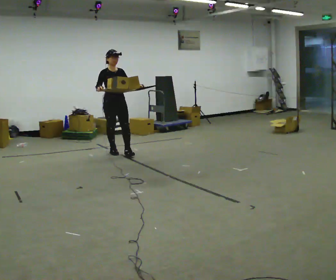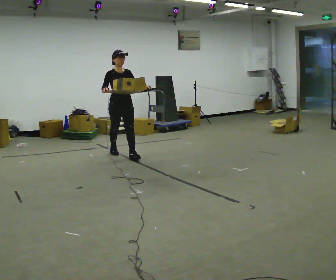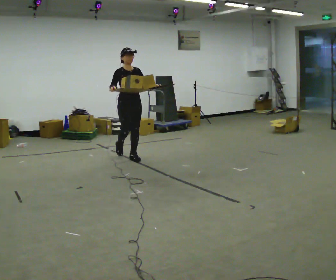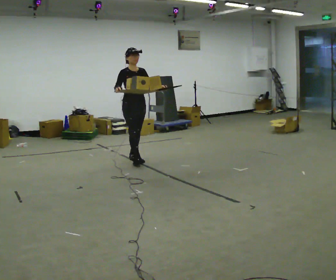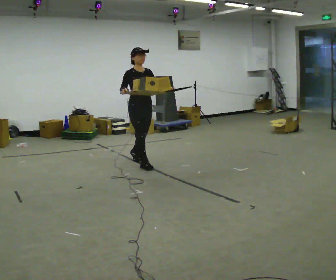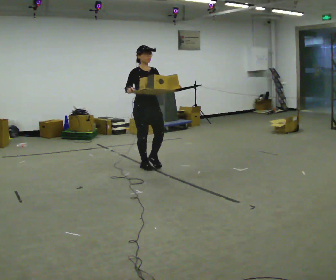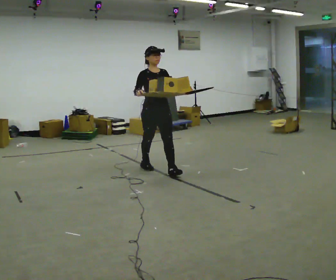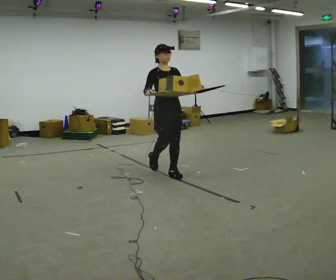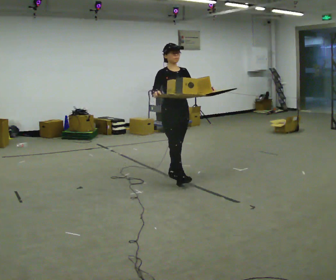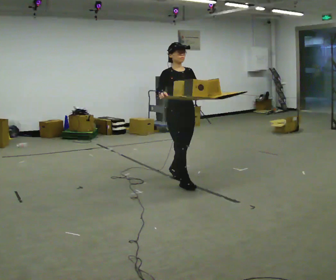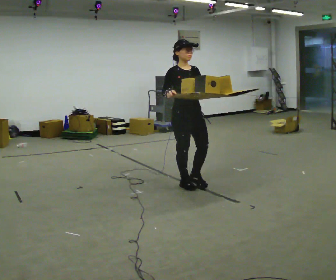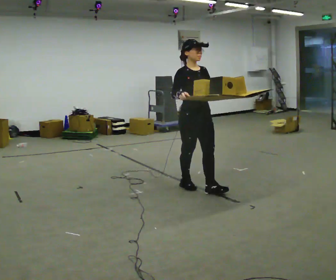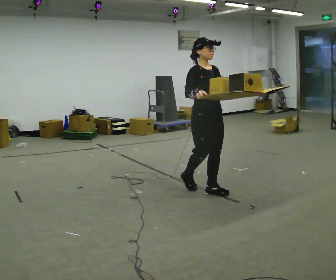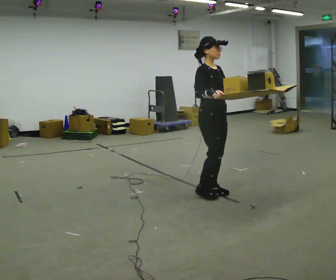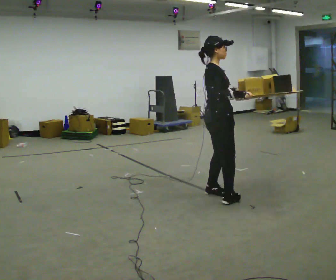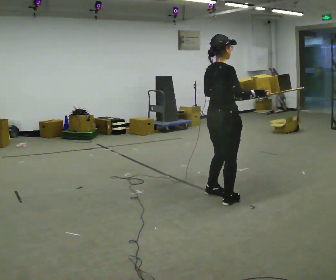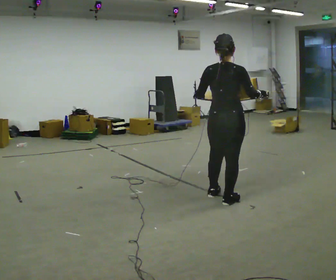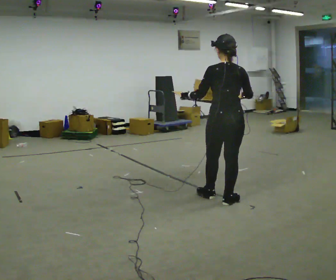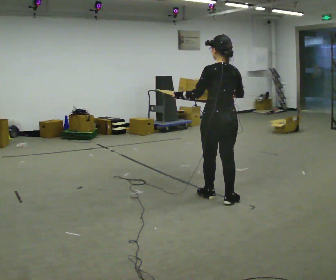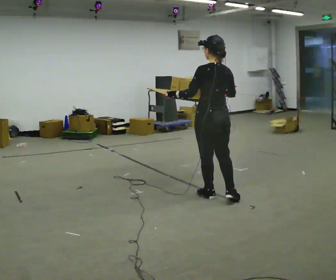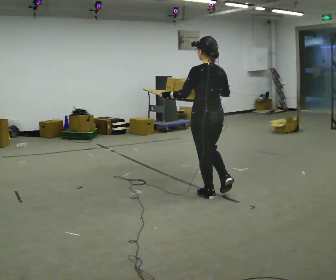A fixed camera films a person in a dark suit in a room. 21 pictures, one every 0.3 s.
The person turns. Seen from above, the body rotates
counterclockwise.
The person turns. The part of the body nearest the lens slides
to the right.
0.0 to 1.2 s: In the picture they go to the right and toward the camera, about 1 m in 2 steps, which for them is forward.
1.2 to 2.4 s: In the picture they go to the right and toward the camera, about 1 m in 1 step, which for them is forward.
2.4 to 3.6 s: In the picture they go toward the camera and to the right, about 0.75 m in 2 steps, which for them is forward.
3.6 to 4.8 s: The part of the body nearest the lens slides to the right as the person turns to their left by about 120 degrees. In the picture they go toward the camera and to the right, about 0.5 m in 1 step.
4.8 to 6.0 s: The person turns about 45 degrees to their left, counterclockwise seen from above, so the part of the body nearest the lens slides to the right. In the picture they go to the left and away from the camera, about 0.25 m, which for them is forward.
The film runs forward here.
